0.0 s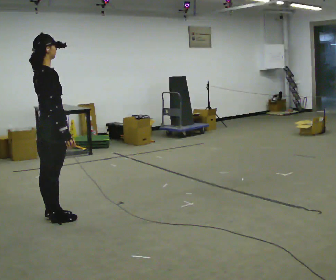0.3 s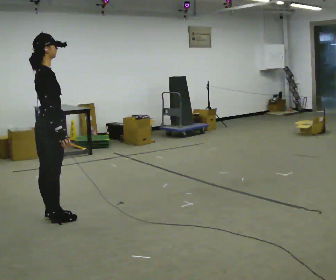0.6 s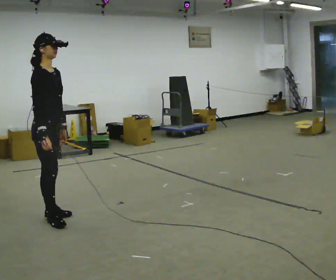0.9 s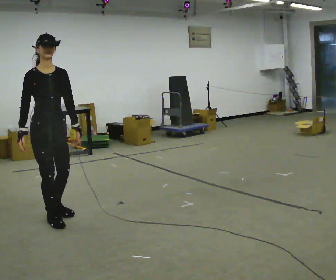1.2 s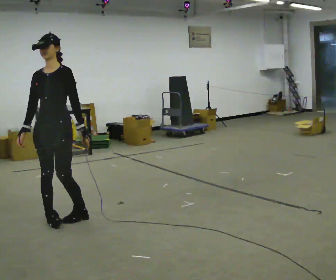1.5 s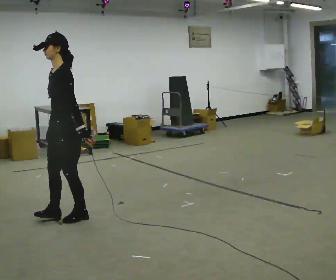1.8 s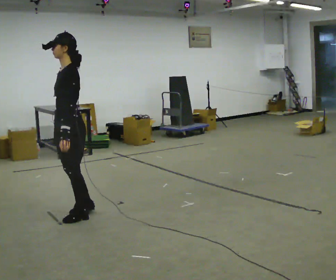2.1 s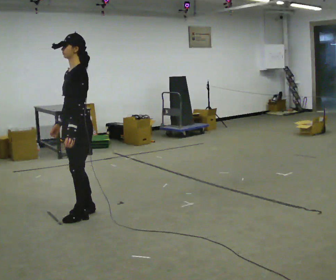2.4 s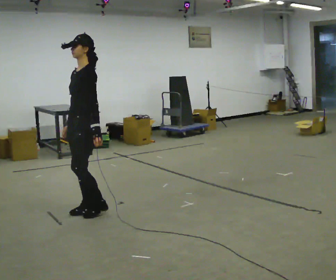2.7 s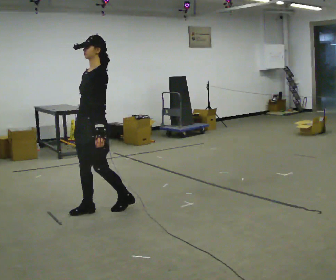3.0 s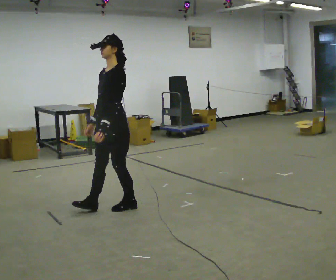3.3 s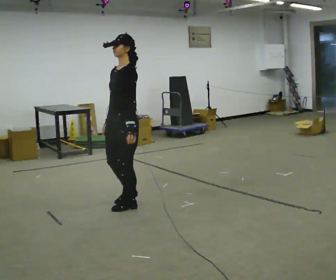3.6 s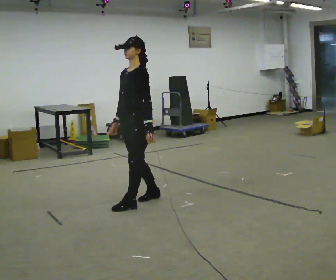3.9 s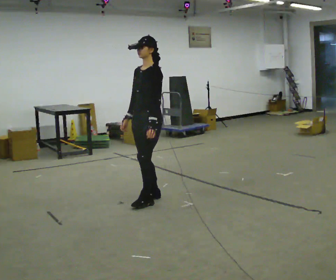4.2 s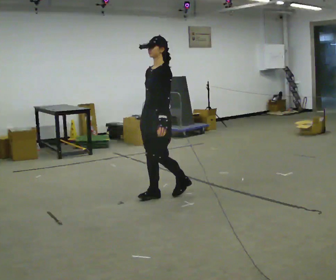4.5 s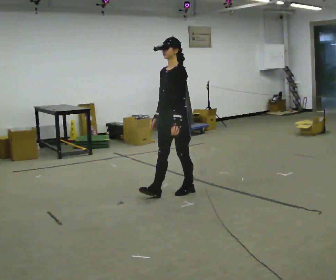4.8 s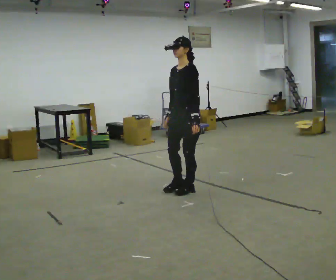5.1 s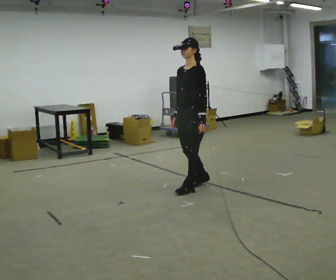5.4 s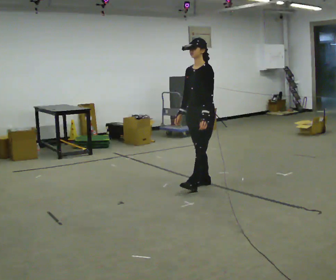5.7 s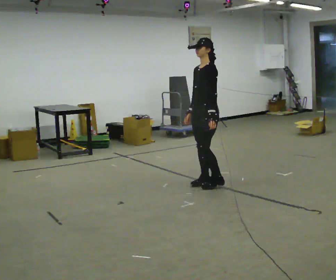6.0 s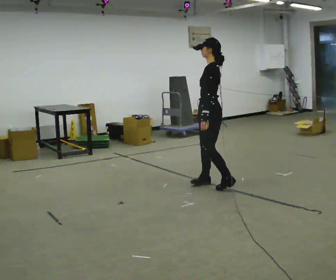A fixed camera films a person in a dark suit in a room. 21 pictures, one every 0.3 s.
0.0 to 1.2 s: Seen from above the body turns clockwise, about 135 degrees: to their right, with its near side sliding to the left. In the picture their right hand goes to the left, the arm swinging clockwise.
1.2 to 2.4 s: Seen from above the body turns clockwise, about 45 degrees: to their right, with its near side sliding to the left. In the picture they go to the right and away from the camera, about 0.25 m in 1 step, which for them is backward.
2.4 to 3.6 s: In the picture they go to the right and away from the camera, about 0.5 m in 2 steps, which for them is backward.
3.6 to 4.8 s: In the picture they go to the right and away from the camera, about 0.5 m in 1 step, which for them is backward.
4.8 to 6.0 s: The person turns about 45 degrees to their right, clockwise seen from above, so the part of the body nearest the lens slides to the left. In the picture they go to the right, about 0.25 m in 1 step, which for them is backward.
The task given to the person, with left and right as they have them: Walk backward several steps, then turn while still moving backward, then continue backward. Operator confirms the space behind you is clear.
The film runs forward here.
